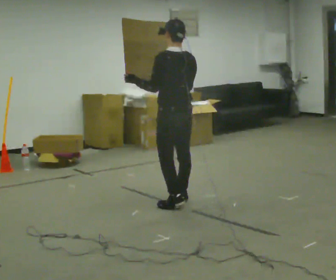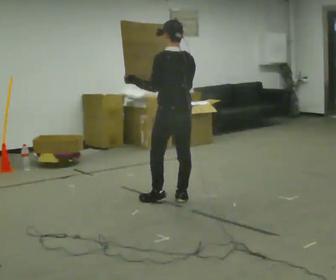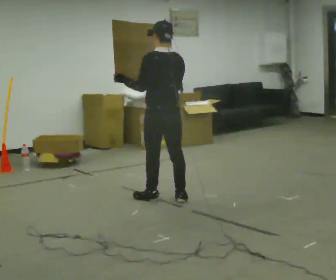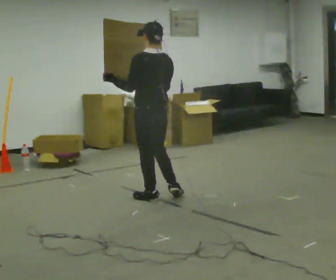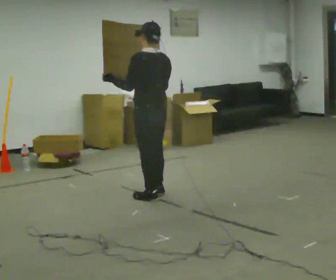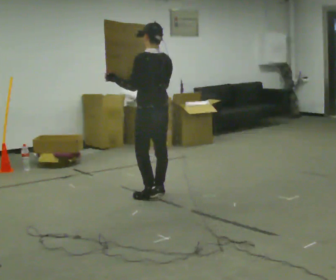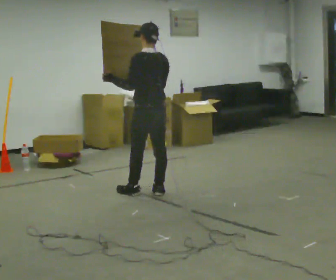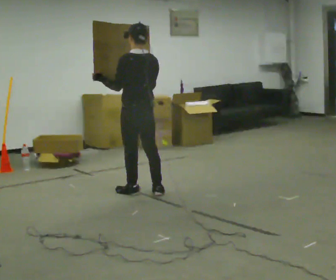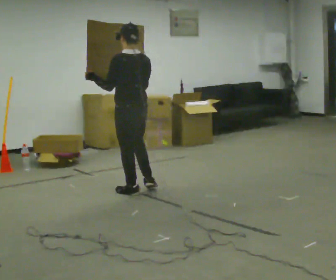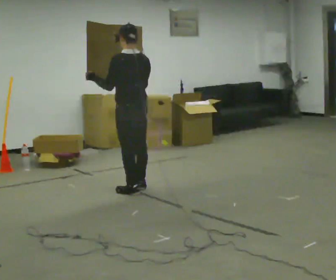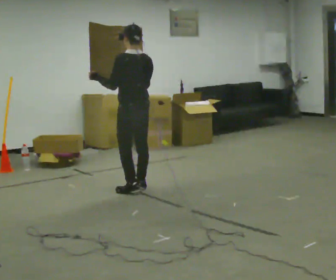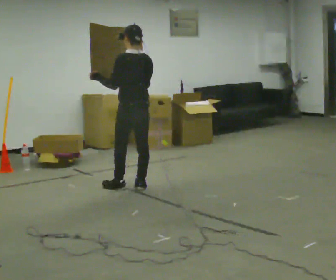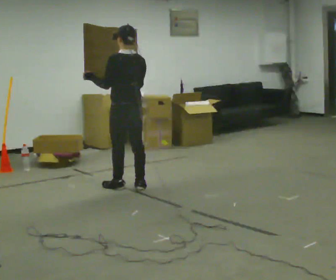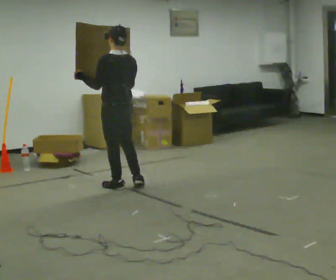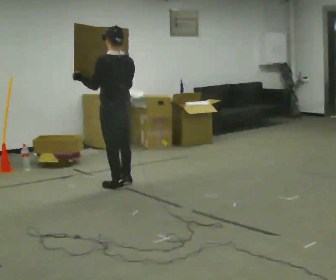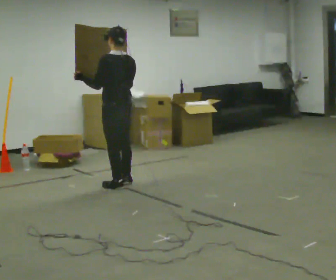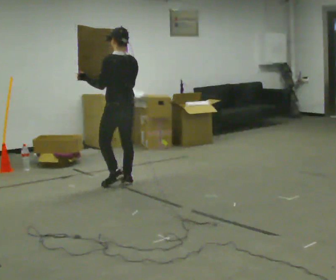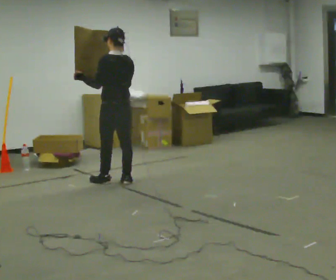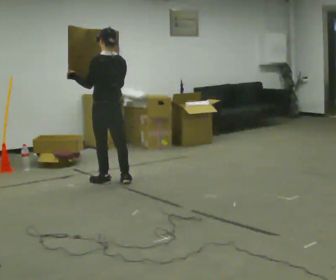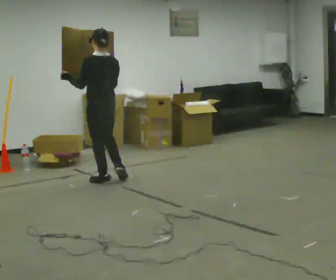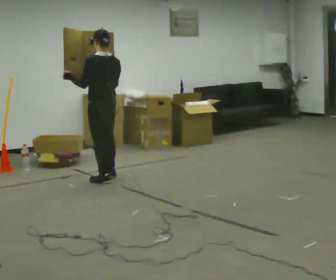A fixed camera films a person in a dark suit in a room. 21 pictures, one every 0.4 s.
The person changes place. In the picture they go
away from the camera.
0.0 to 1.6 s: In the picture they go to the left and away from the camera, about 0.25 m in 2 steps, which for them is forward and to their left.
1.6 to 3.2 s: In the picture they go away from the camera and to the left, about 0.25 m in 1 step, which for them is forward.
3.2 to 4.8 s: In the picture they go away from the camera, about 0.25 m in 2 steps, which for them is forward.
4.8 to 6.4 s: In the picture they go away from the camera, about 0.25 m in 1 step, which for them is forward.
6.4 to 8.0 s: In the picture they go away from the camera and to the left, about 0.25 m in 2 steps, which for them is forward.
The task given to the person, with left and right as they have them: Carry the large light object across the room, back and forth. It is awkward rather than heavy, so hold it however works.
The film runs forward here.
